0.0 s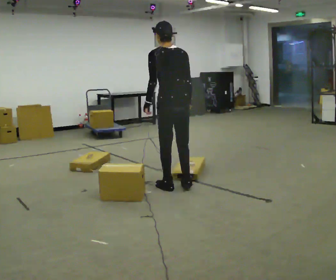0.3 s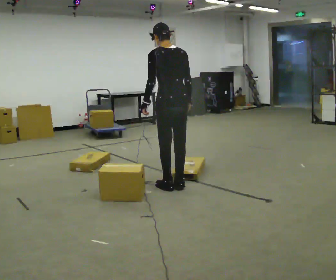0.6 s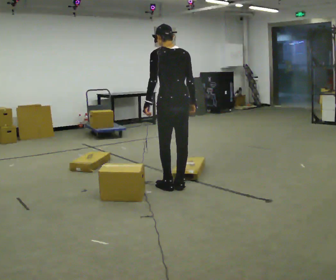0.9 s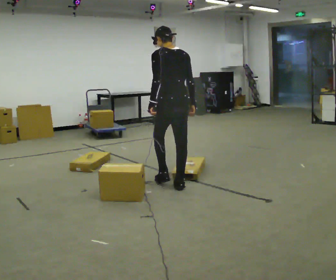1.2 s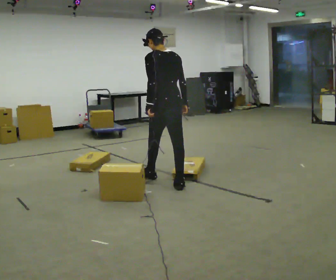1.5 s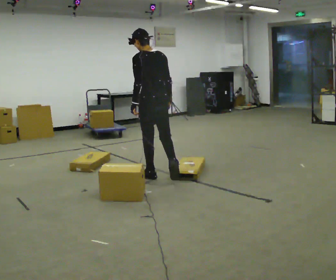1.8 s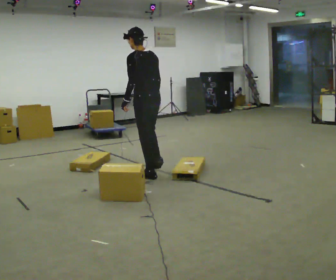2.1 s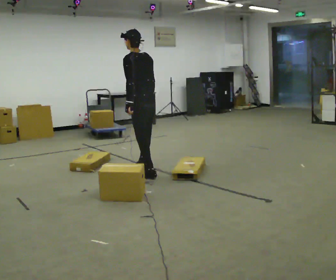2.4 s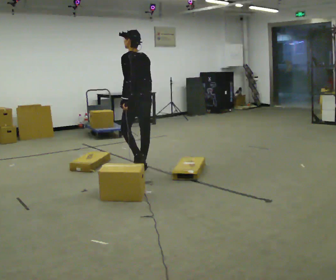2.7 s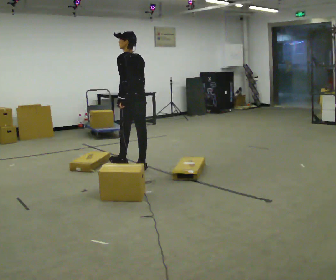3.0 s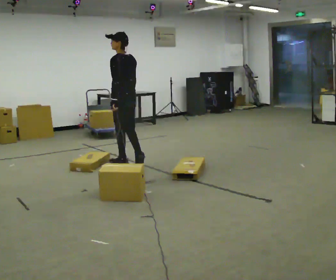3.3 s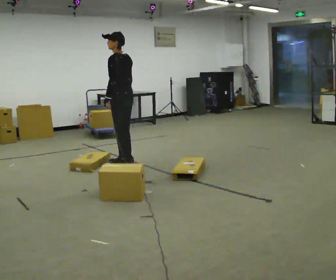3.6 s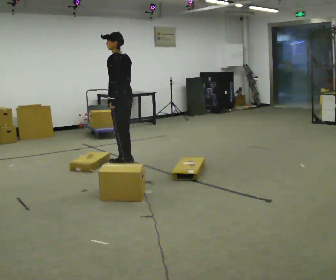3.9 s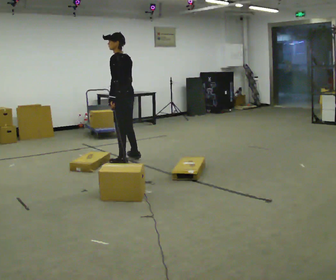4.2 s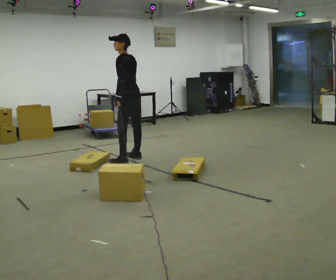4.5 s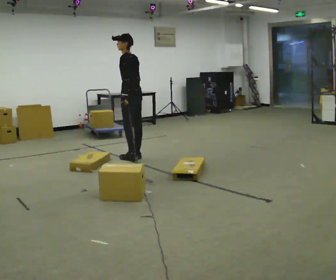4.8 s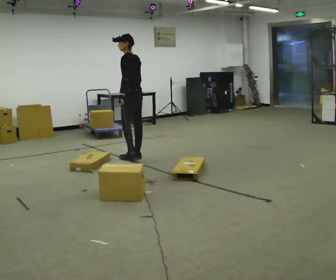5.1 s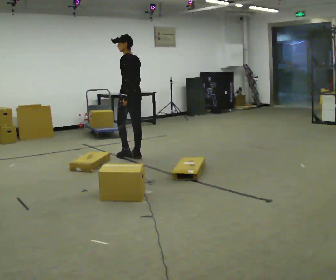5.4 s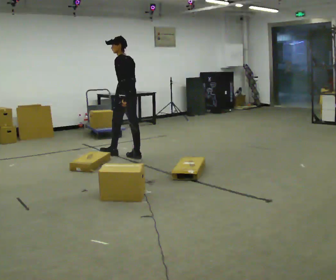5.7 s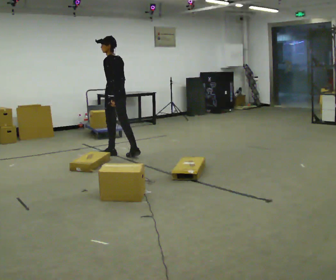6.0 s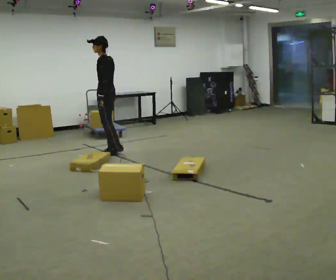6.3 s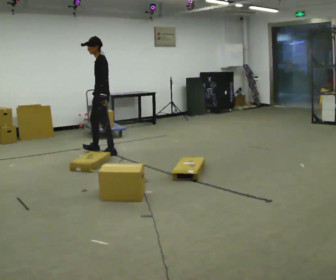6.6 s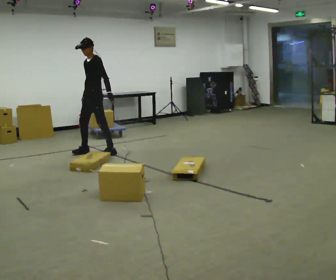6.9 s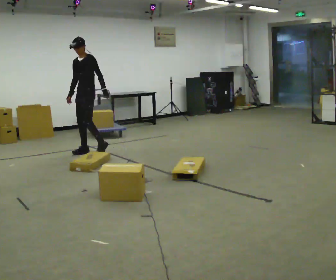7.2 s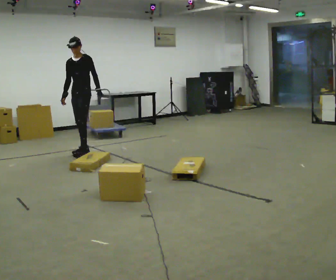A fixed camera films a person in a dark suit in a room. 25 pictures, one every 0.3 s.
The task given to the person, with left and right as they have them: Walk across the room at a normal pace, looking ahead. Something may appear in your way. Deal with it however comes naturally and carry on.
0.0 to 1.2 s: In the picture they go away from the camera, about 0.25 m in 2 steps, which for them is forward.
1.2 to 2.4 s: In the picture they go away from the camera and to the left, about 0.75 m in 1 step, which for them is forward.
2.4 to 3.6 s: In the picture they go away from the camera and to the left, about 0.5 m in 2 steps, which for them is forward.
3.6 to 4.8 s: In the picture they go away from the camera, about 0.25 m in 2 steps, which for them is to their right.
4.8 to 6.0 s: In the picture they go to the left and away from the camera, about 0.5 m in 1 step, which for them is forward.
6.0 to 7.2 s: Seen from above the body turns counterclockwise, about 75 degrees: to their left, with its near side sliding to the right. In the picture they go to the left and away from the camera, about 0.5 m in 1 step.
The film runs forward here.
